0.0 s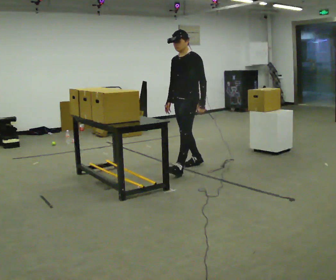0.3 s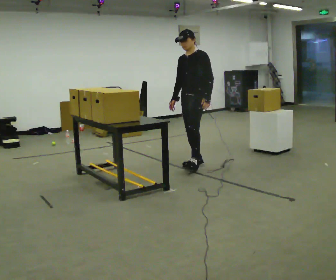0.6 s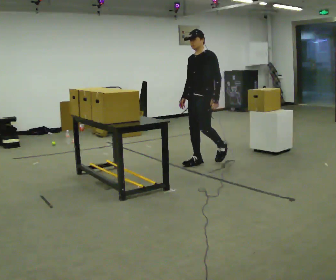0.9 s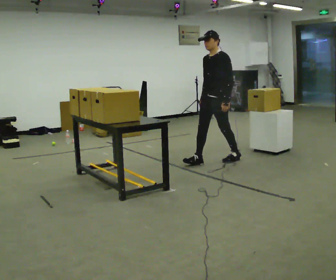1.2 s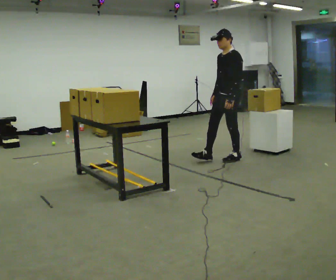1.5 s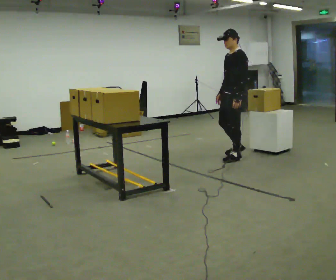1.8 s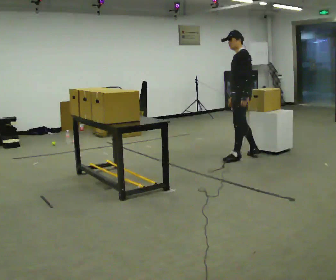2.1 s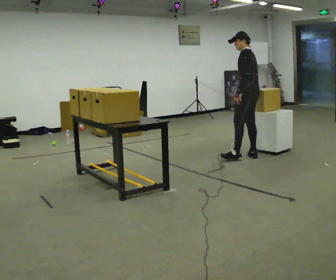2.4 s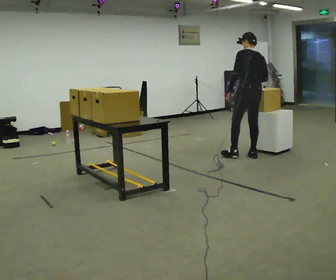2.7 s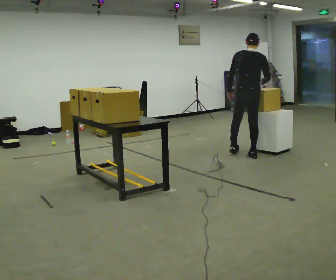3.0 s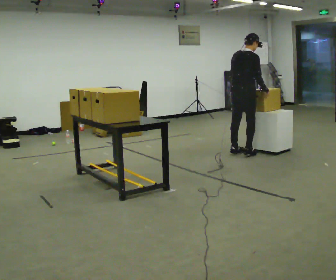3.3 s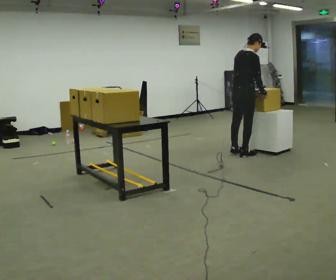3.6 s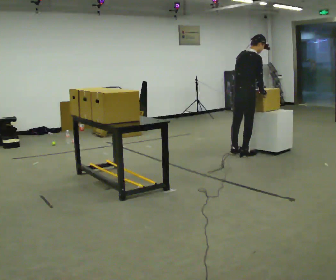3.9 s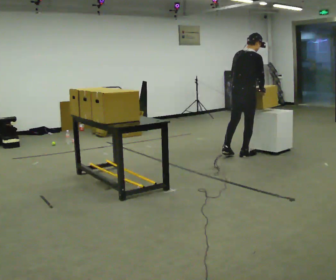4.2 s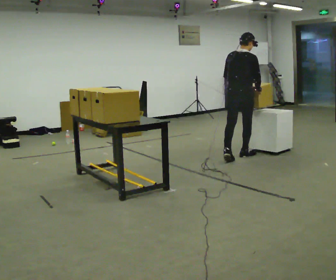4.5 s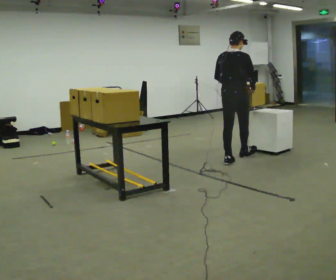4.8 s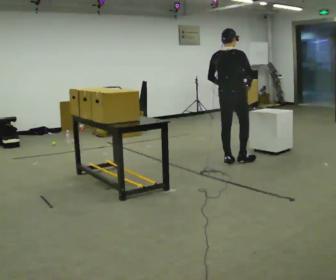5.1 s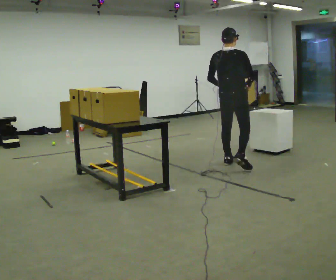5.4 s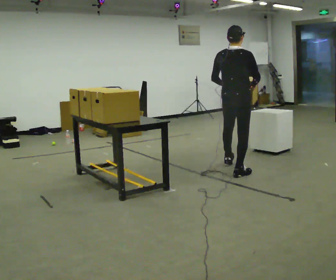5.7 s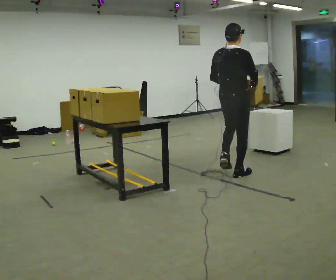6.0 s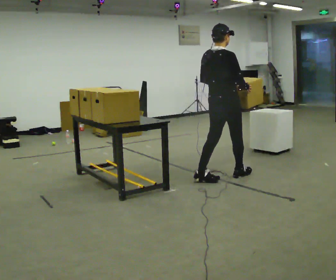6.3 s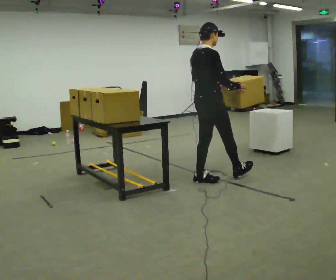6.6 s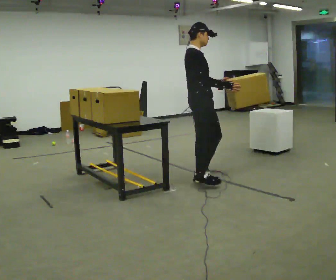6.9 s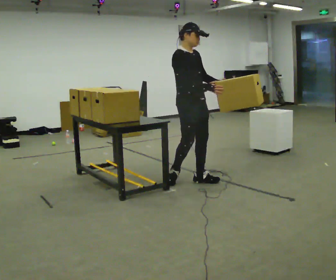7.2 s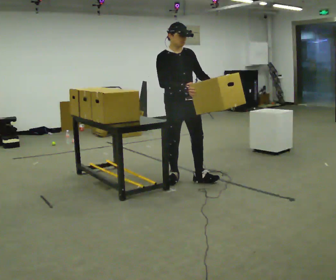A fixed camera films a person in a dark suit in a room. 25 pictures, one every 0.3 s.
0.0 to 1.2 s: In the picture they go to the right and away from the camera, about 0.75 m in 2 steps, which for them is backward.
1.2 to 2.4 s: The part of the body nearest the lens slides to the left as the person turns to their right by about 90 degrees. In the picture they go to the right, about 0.25 m in 1 step.
2.4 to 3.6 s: Seen from above the body turns clockwise, about 75 degrees: to their right, with its near side sliding to the left.
3.6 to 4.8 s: Seen from above the body turns counterclockwise, about 30 degrees: to their left, with its near side sliding to the right. In the picture they go toward the camera, about 0.5 m in 2 steps, which for them is backward. In the picture the upper body tilts counterclockwise, shoulders to the left, as they lean back or straighten.
4.8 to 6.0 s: In the picture they go toward the camera, about 0.5 m in 1 step, which for them is backward.
6.0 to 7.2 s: Seen from above the body turns clockwise, about 105 degrees: to their right, with its near side sliding to the left. In the picture they go to the left, about 0.5 m in 1 step.
The film runs backward here.
